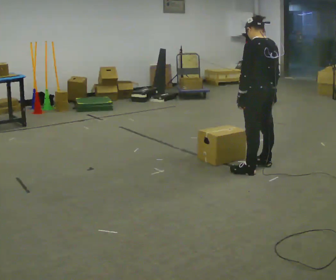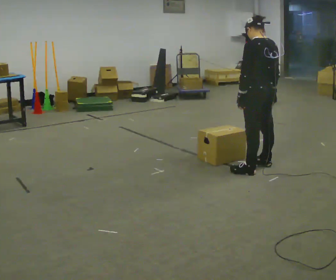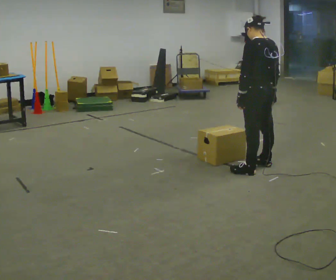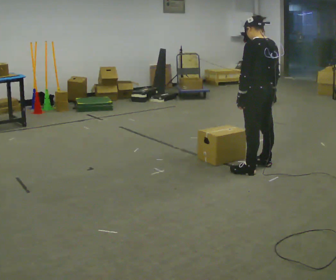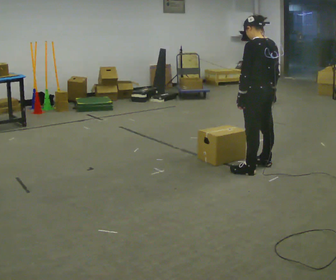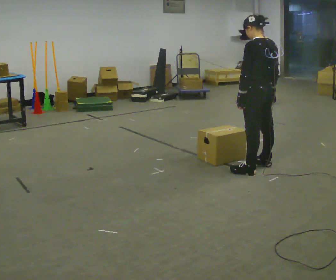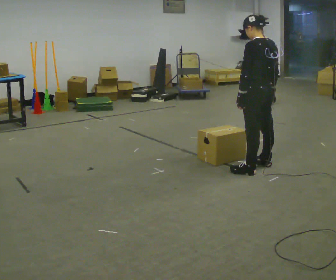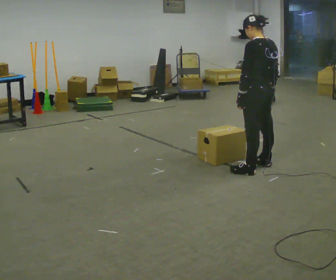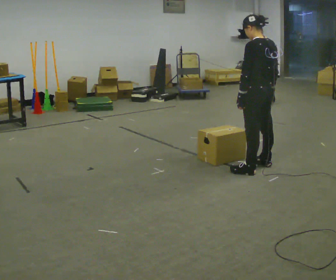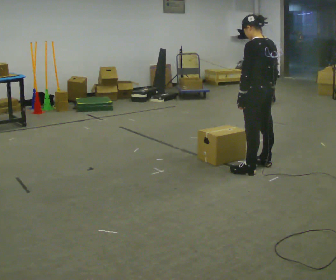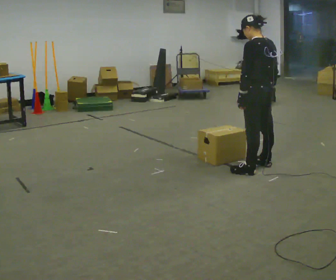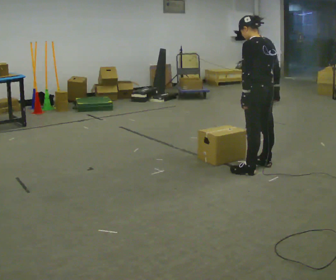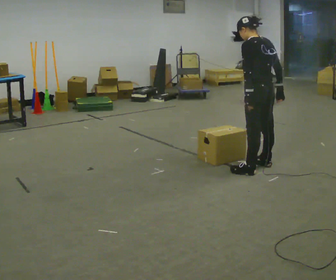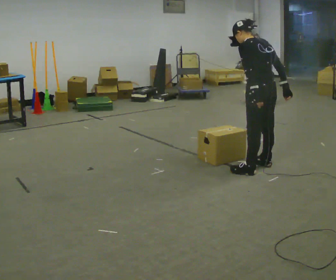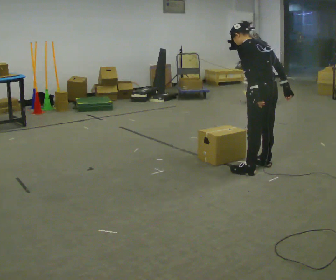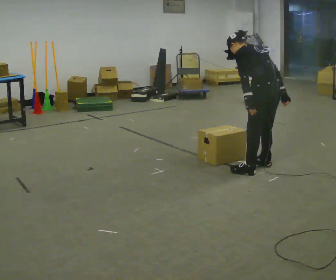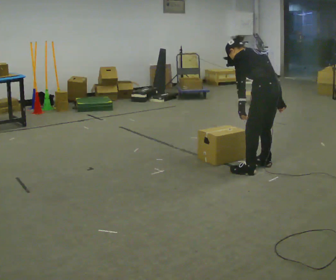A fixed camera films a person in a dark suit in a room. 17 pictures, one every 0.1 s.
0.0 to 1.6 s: The upper body tips away from the camera, its near side rolling upward, as they bend forward.
The film runs forward here.
